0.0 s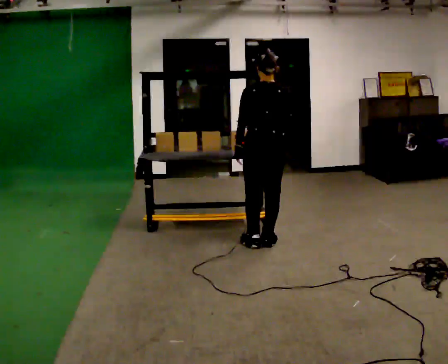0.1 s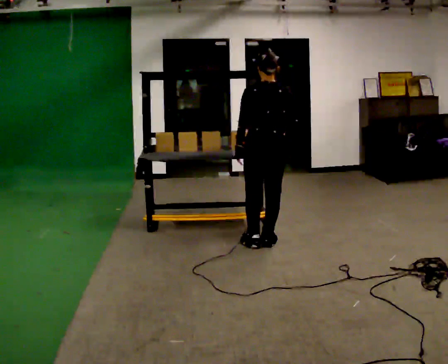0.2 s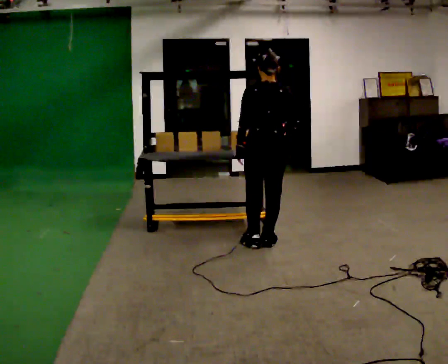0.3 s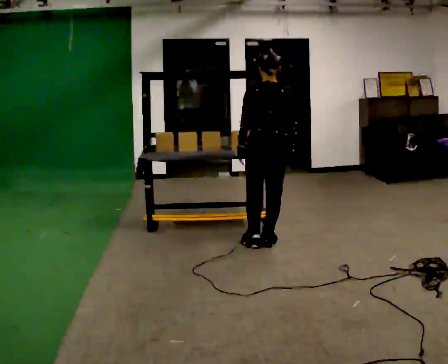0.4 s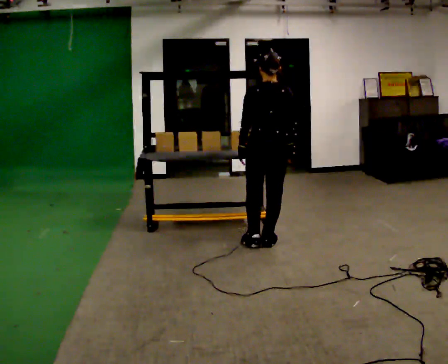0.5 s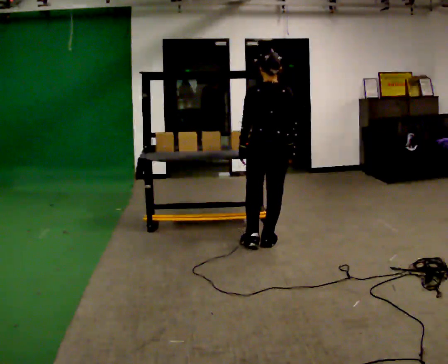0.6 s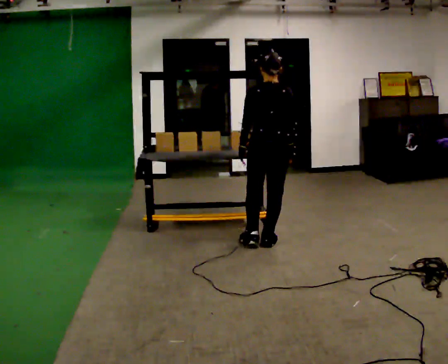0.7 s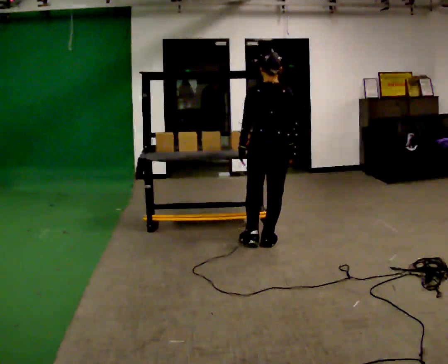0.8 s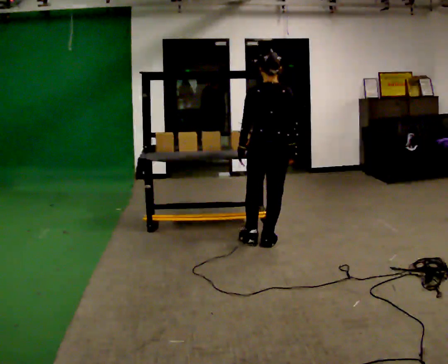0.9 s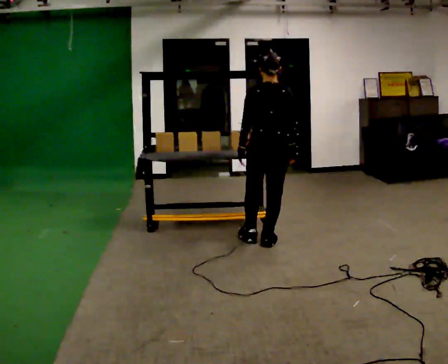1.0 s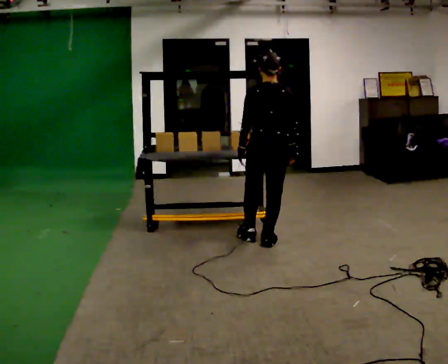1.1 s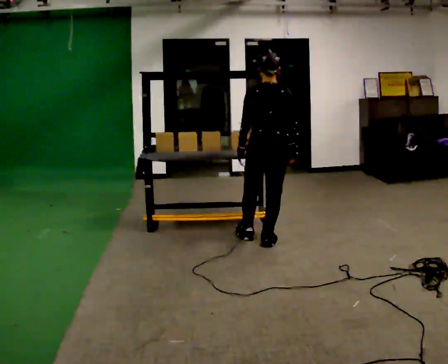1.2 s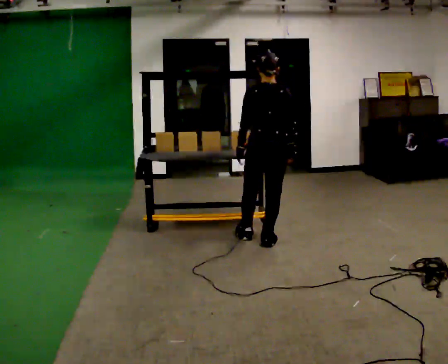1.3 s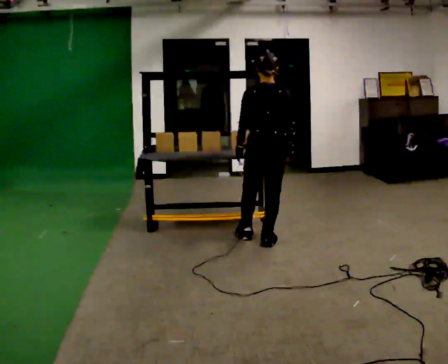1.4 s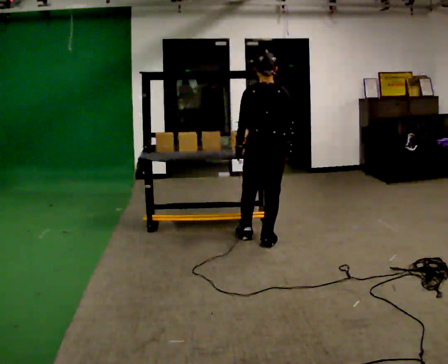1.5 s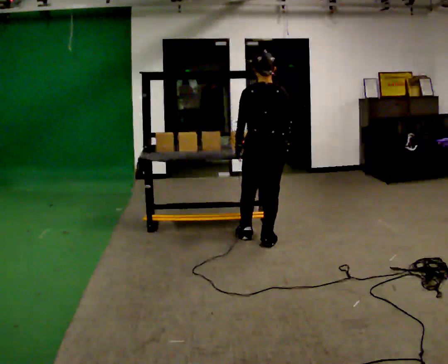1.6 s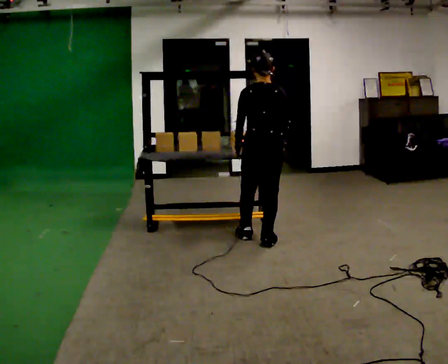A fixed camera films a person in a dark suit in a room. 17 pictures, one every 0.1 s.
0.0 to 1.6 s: In the picture their right hand goes downward.
The film runs backward here.
